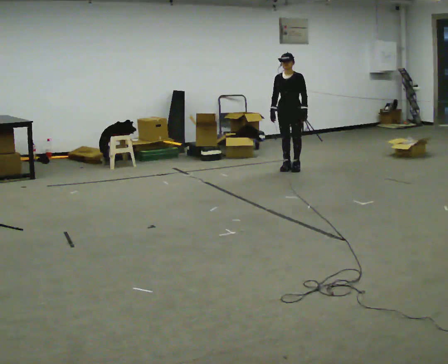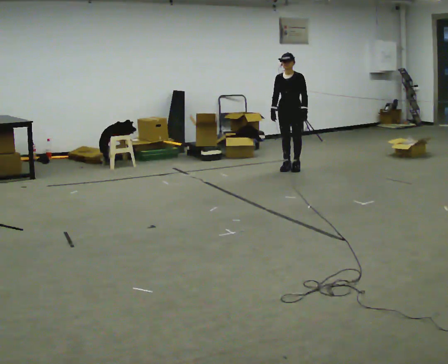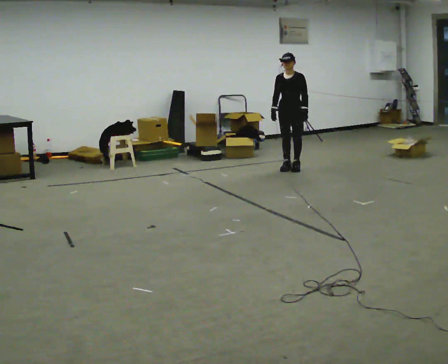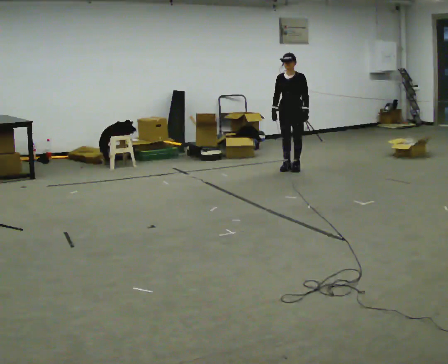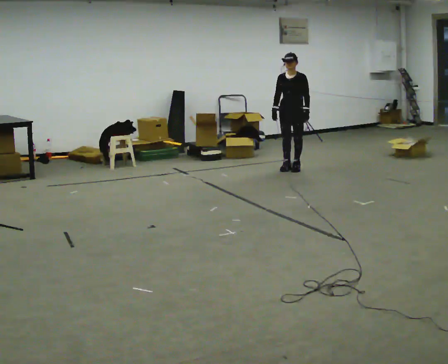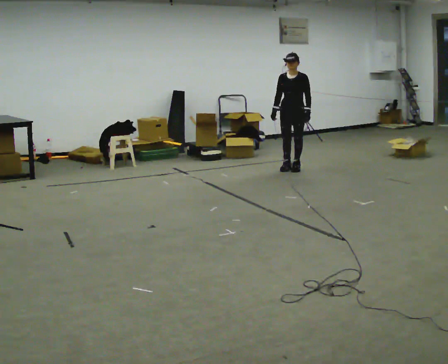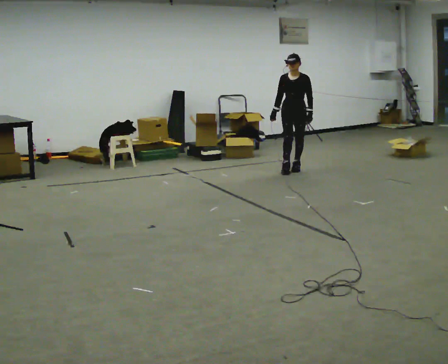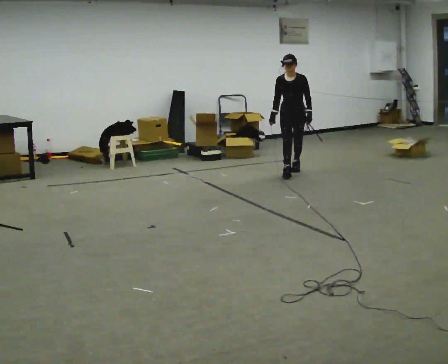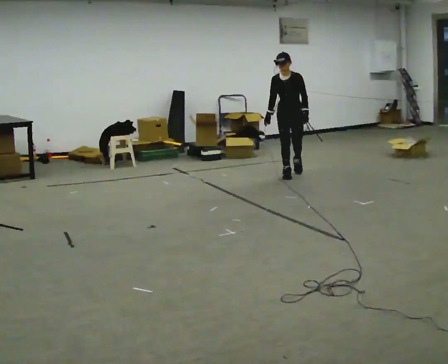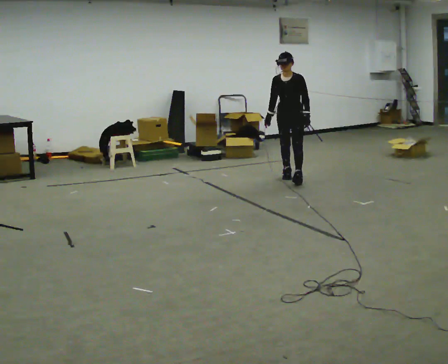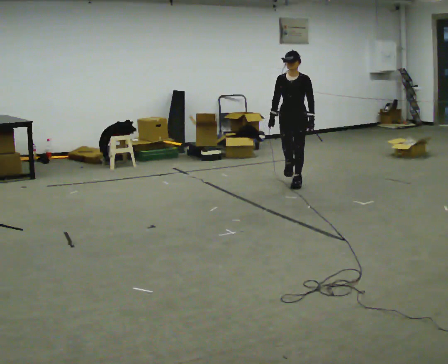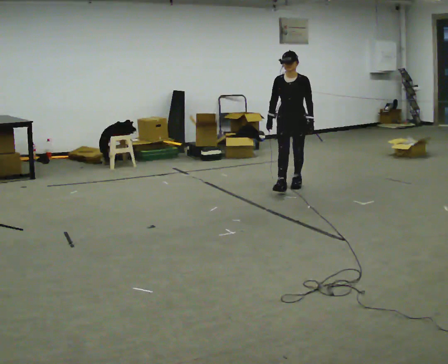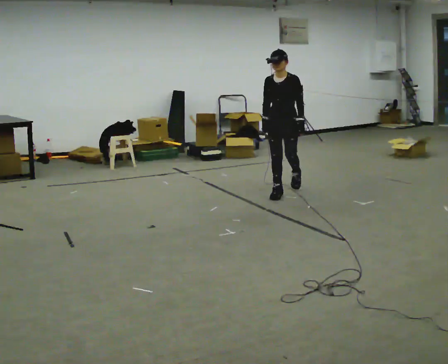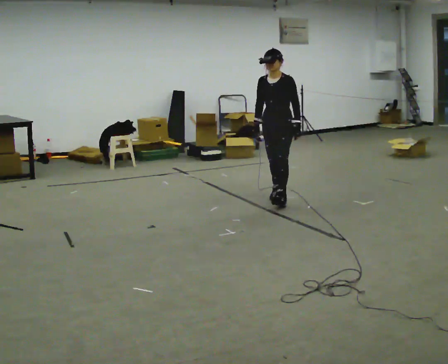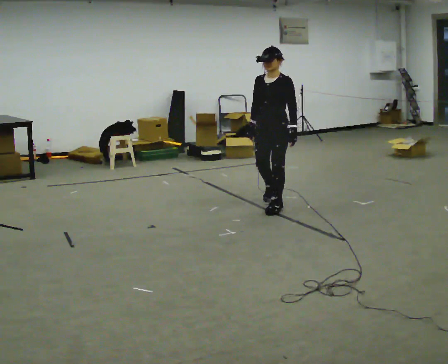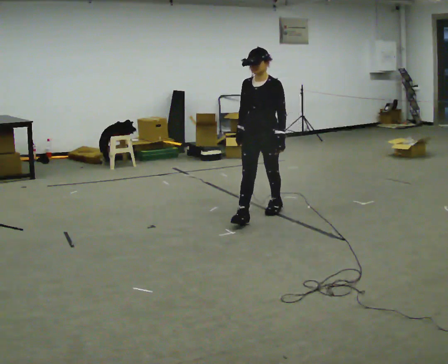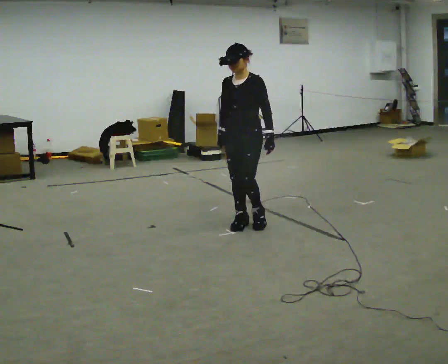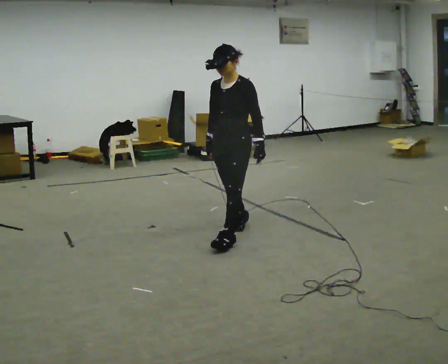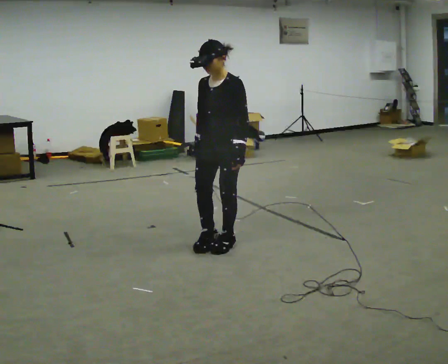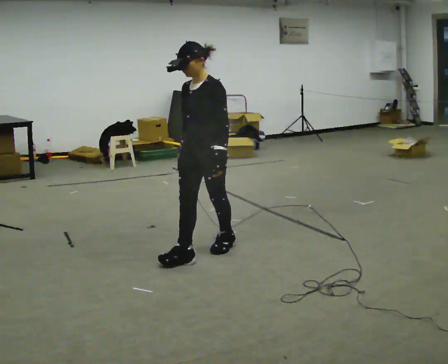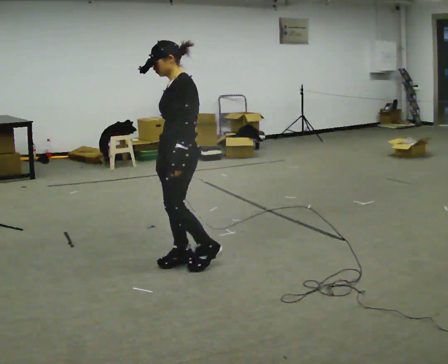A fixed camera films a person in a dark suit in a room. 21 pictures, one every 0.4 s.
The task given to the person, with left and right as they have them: Walk forward while moving diagonally left/right; finish ~45° from start direction.
0.0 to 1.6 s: The person moves a little, or ends about where they began.
1.6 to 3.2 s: In the picture they go toward the camera, about 0.25 m in 1 step, which for them is forward.
3.2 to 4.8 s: In the picture they go toward the camera, about 1 m in 2 steps, which for them is forward.
4.8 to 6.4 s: In the picture they go toward the camera, about 1 m in 2 steps, which for them is forward.
6.4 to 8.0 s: The person turns about 30 degrees to their right, clockwise seen from above, so the part of the body nearest the lens slides to the left. In the picture they go toward the camera, about 1 m in 2 steps, which for them is forward.
The film runs forward here.
